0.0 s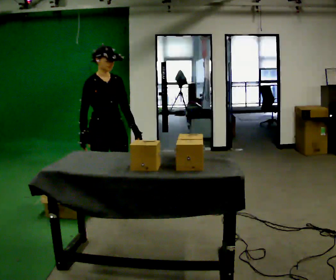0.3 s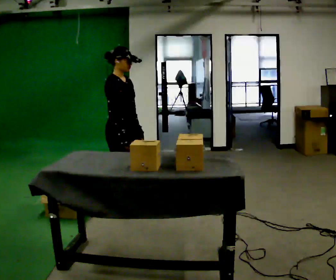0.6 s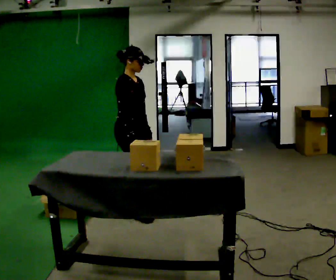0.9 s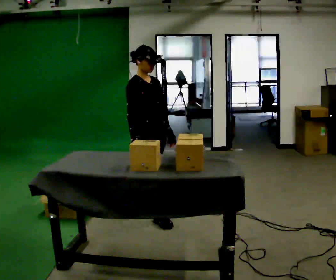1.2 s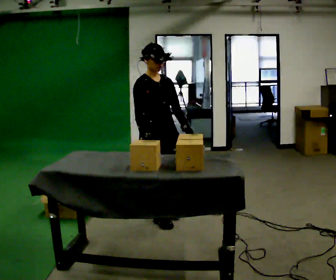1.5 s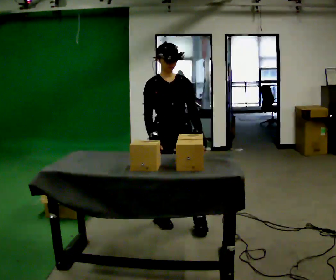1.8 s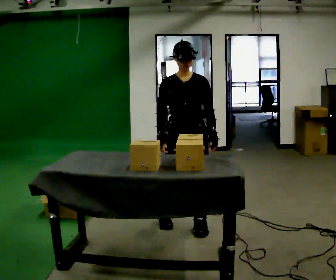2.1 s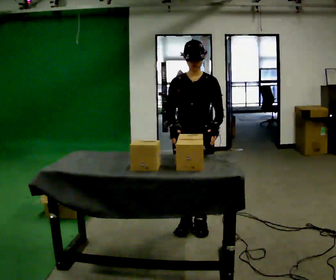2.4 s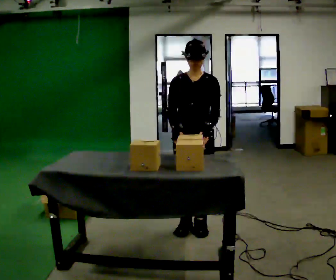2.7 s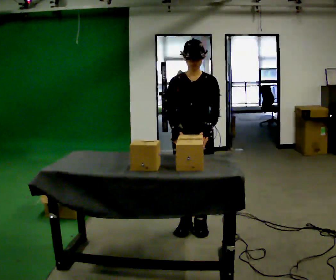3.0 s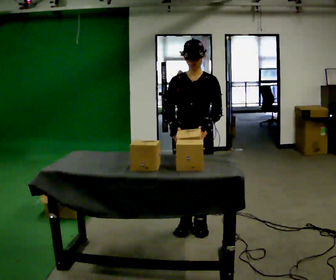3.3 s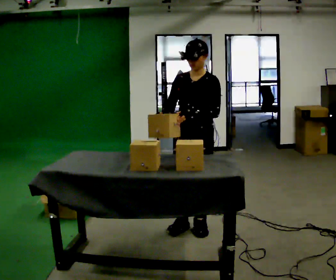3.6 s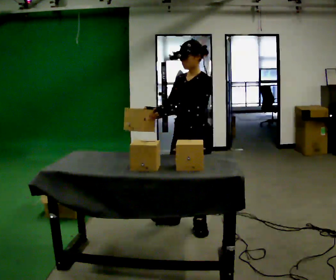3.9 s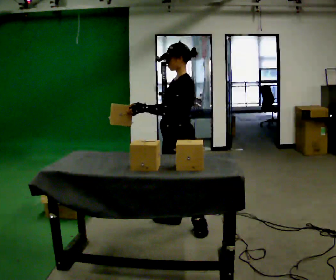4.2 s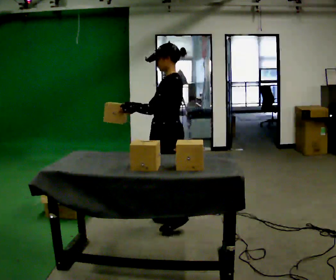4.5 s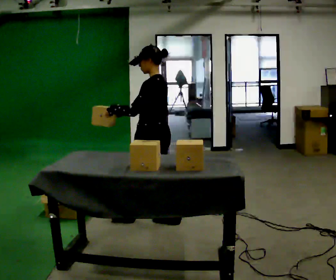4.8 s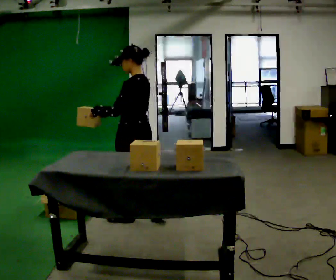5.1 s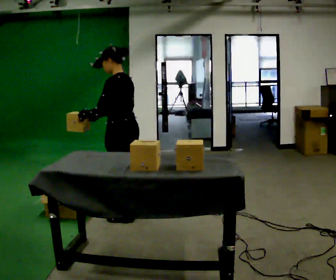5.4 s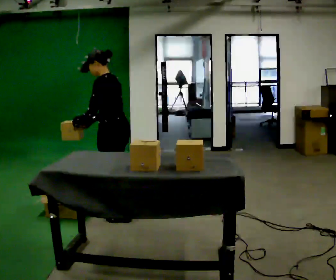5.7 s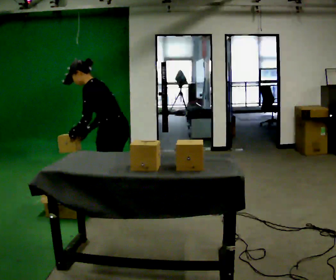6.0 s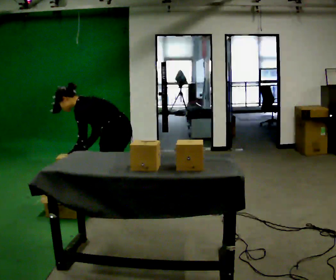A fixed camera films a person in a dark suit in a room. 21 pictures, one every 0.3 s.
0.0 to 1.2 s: In the picture they go to the right and toward the camera, about 0.5 m in 1 step, which for them is forward.
1.2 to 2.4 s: The person turns about 45 degrees to their right, clockwise seen from above, so the part of the body nearest the lens slides to the left. In the picture they go to the right and toward the camera, about 0.25 m in 2 steps, which for them is to their left and forward.
2.4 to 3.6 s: The person turns about 45 degrees to their right, clockwise seen from above, so the part of the body nearest the lens slides to the left.
3.6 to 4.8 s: Seen from above the body turns clockwise, about 60 degrees: to their right, with its near side sliding to the left. In the picture they go to the left, about 0.5 m in 1 step, which for them is forward.
4.8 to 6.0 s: In the picture they go to the left and away from the camera, about 0.25 m in 2 steps, which for them is forward and to their right. The shoulders move downward. In the picture the upper body tilts counterclockwise, shoulders to the left, as they bend forward. In the picture their left hand goes downward.
The film runs forward here.
